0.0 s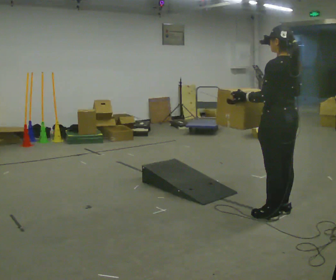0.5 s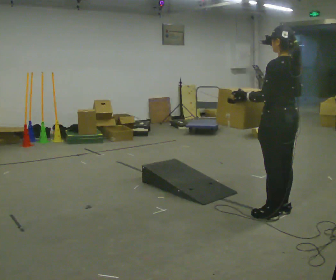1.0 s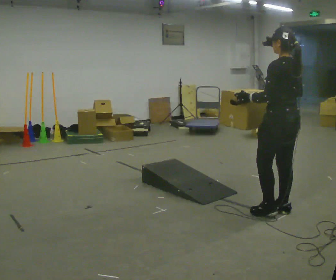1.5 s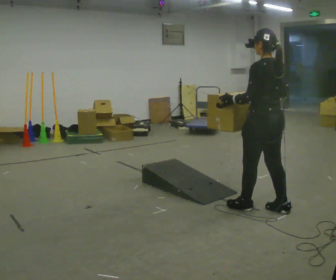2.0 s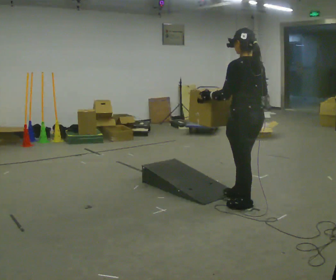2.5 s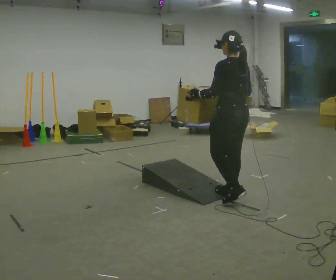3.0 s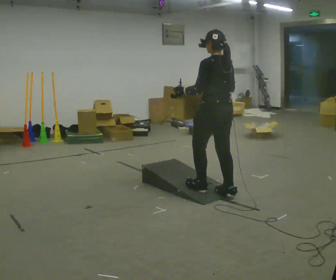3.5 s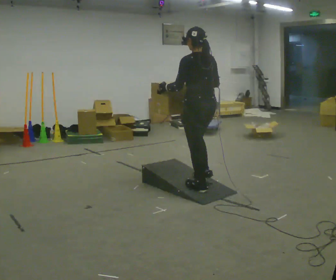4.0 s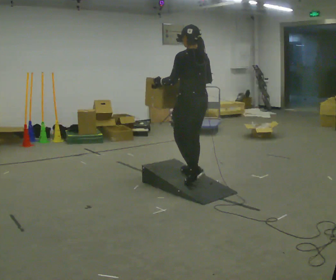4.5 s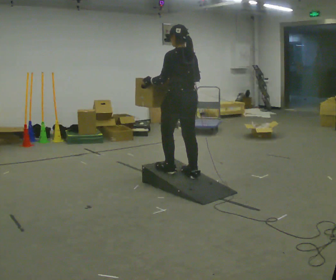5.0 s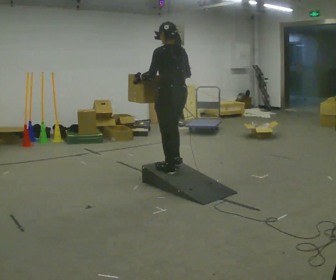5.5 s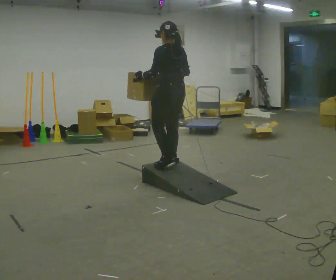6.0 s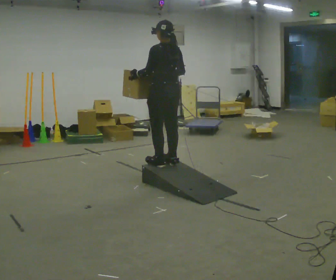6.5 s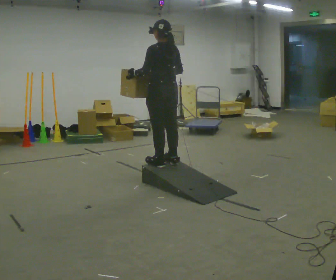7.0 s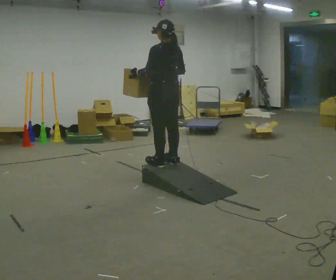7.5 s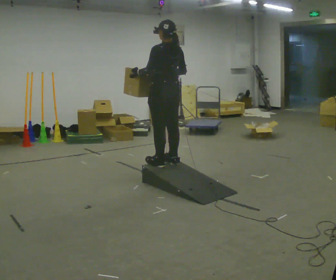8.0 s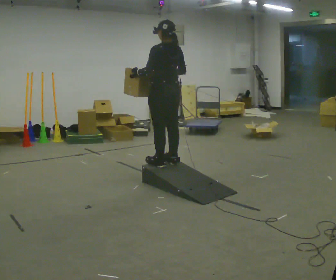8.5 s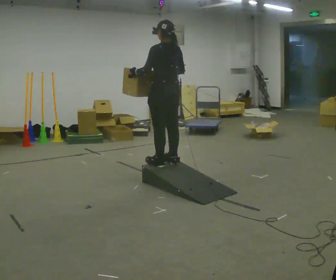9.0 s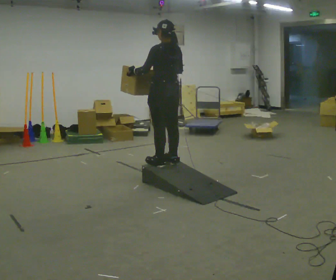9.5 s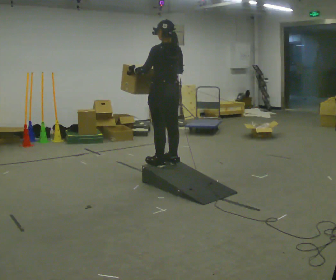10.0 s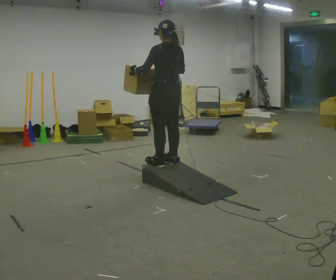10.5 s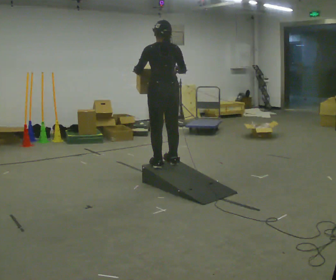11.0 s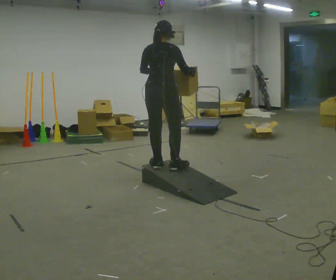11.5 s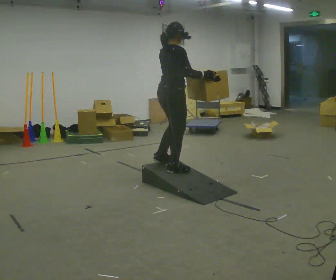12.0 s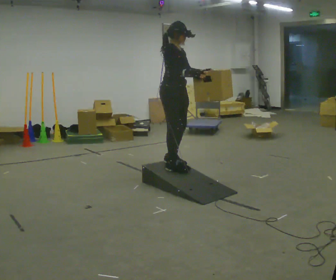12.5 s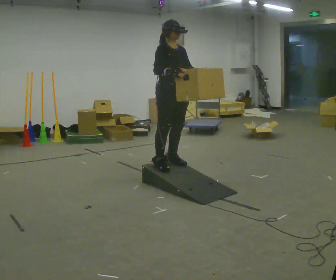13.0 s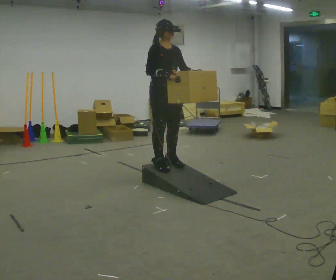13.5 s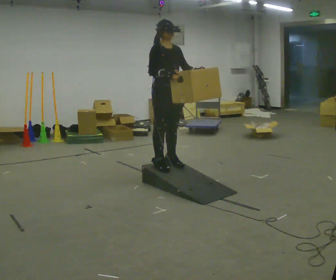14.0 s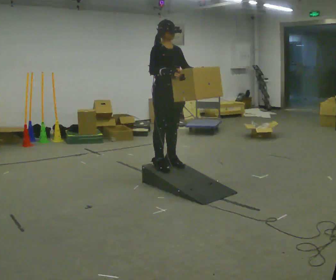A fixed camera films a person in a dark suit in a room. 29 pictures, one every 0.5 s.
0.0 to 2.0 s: In the picture they go away from the camera and to the left, about 0.5 m in 2 steps, which for them is forward.
2.0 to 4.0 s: In the picture they go away from the camera and to the left, about 0.5 m in 2 steps, which for them is forward.
4.0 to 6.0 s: In the picture they go to the left and away from the camera, about 0.5 m in 3 steps, which for them is forward.
6.0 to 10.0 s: The person moves a little, or ends about where they began.
10.0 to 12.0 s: The person turns about 150 degrees to their right, clockwise seen from above, so the part of the body nearest the lens slides to the left. In the picture their left hand goes to the right.
12.0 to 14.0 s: The person moves a little, or ends about where they began.
The film runs forward here.
